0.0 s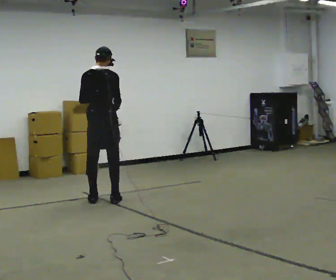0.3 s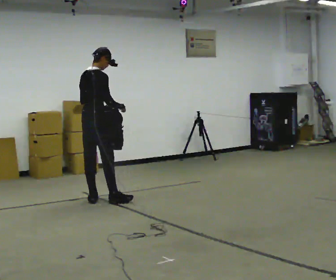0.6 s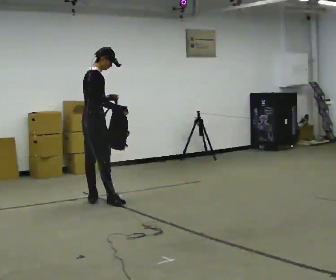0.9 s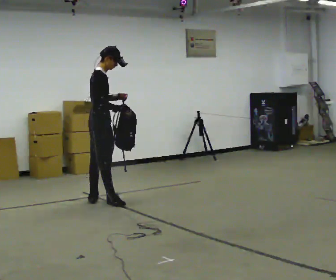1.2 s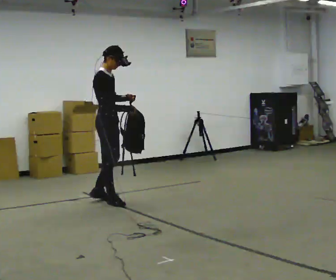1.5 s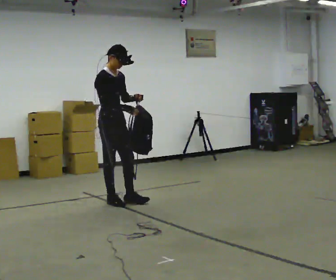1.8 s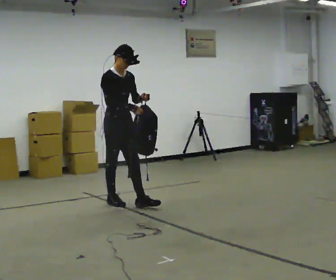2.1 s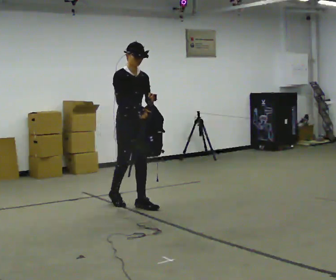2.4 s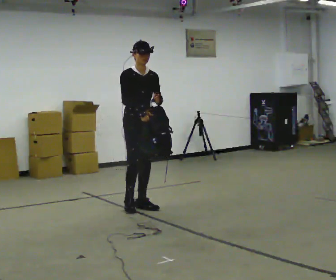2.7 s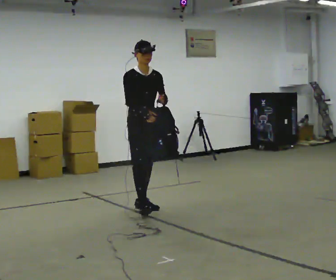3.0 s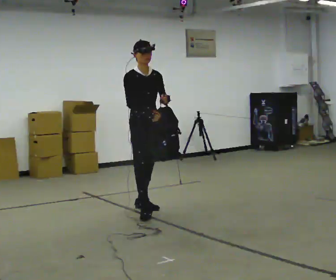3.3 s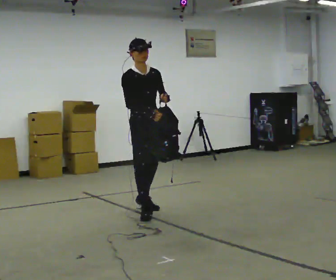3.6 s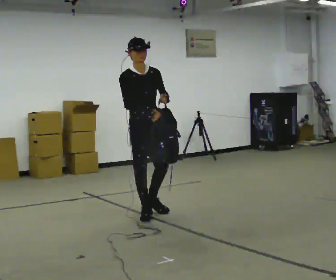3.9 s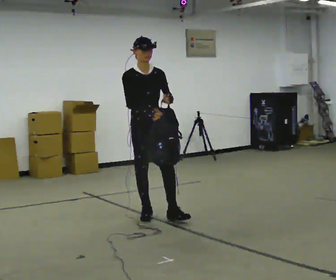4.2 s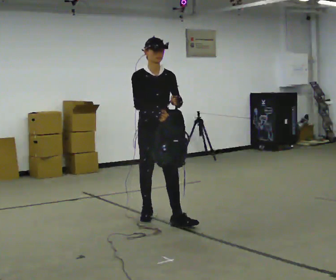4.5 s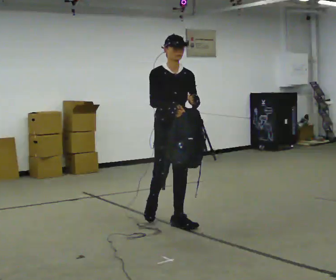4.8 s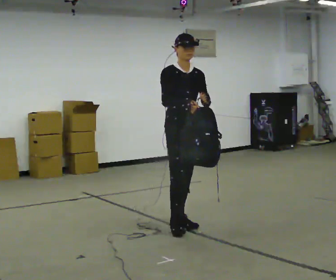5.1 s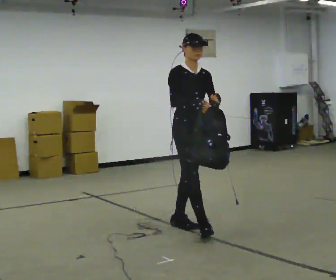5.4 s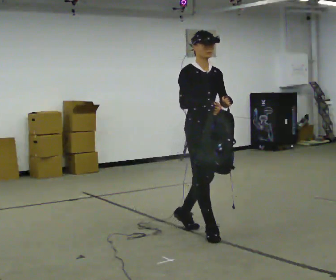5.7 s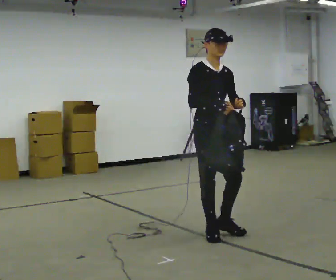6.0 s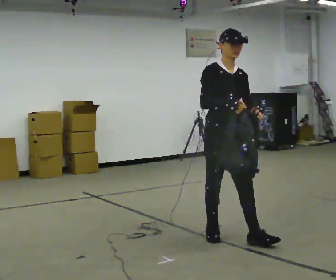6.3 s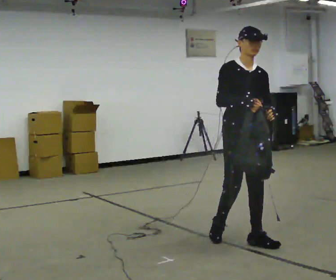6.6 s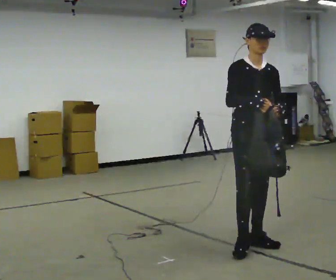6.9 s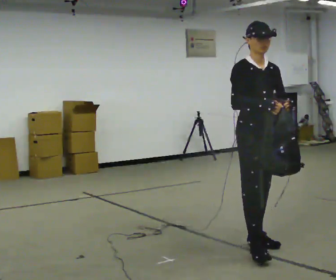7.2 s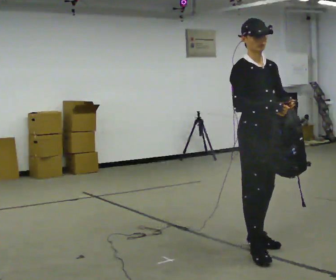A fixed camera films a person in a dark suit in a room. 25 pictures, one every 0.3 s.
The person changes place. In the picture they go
toward the camera.
0.0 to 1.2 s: The part of the body nearest the lens slides to the left as the person turns to their right by about 90 degrees.
1.2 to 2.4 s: Seen from above the body turns clockwise, about 45 degrees: to their right, with its near side sliding to the left. In the picture they go to the right and toward the camera, about 0.5 m in 1 step, which for them is forward.
2.4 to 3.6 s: In the picture they go toward the camera, about 0.25 m in 1 step, which for them is forward and to their right.
3.6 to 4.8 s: In the picture they go toward the camera and to the right, about 0.5 m in 1 step, which for them is forward.
4.8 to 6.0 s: In the picture they go toward the camera and to the right, about 0.5 m in 2 steps, which for them is forward.
6.0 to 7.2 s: In the picture they go toward the camera and to the right, about 0.5 m in 1 step, which for them is forward.
The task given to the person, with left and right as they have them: Carry the bag and, while walking, undo the buckle or zip, then do it up again. Keep repeating as you walk. Do not stop.
The film runs forward here.
